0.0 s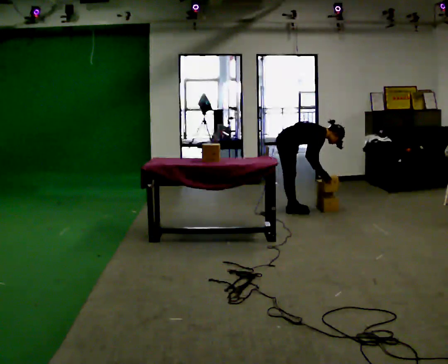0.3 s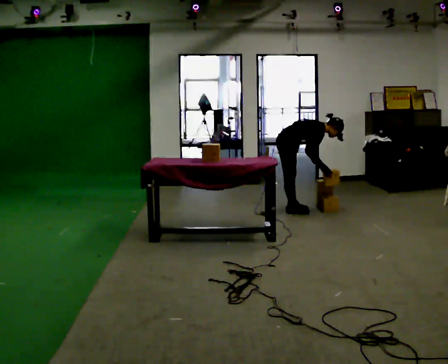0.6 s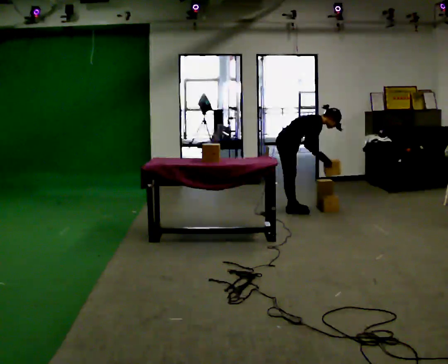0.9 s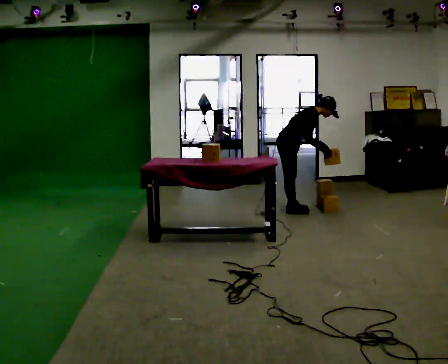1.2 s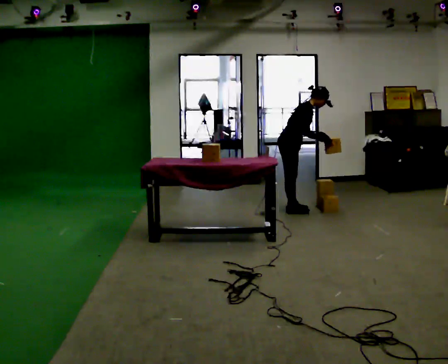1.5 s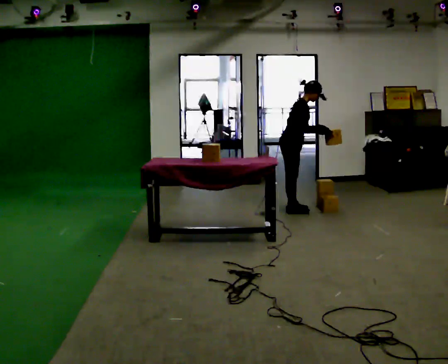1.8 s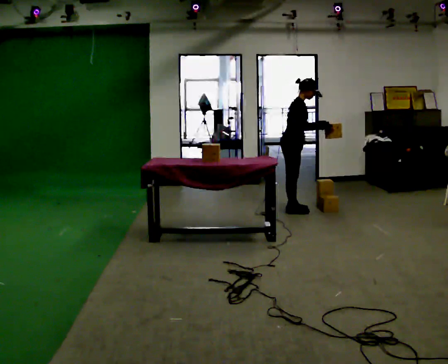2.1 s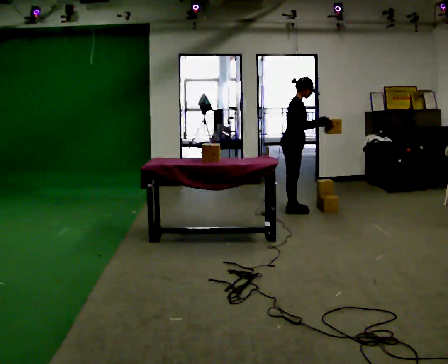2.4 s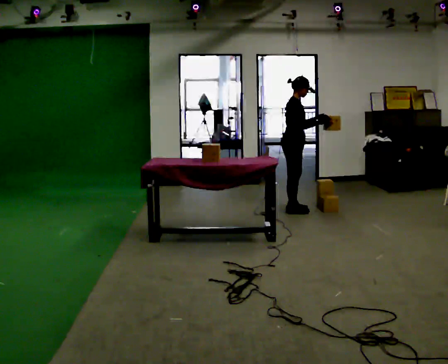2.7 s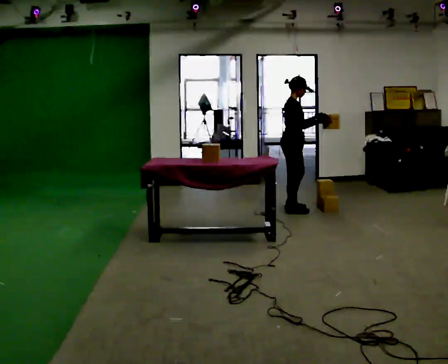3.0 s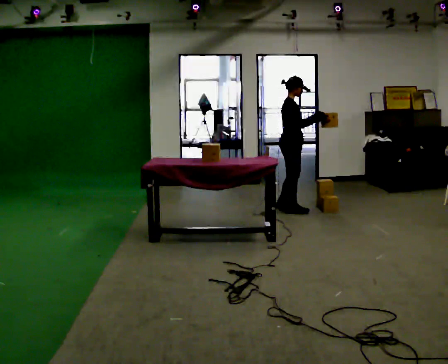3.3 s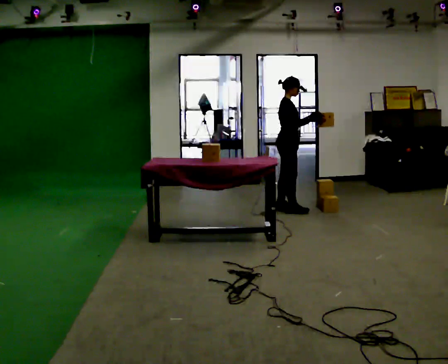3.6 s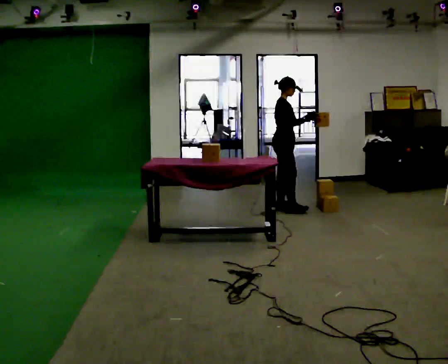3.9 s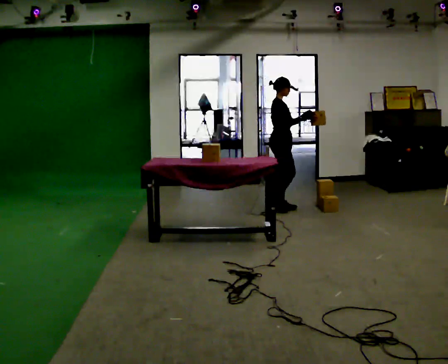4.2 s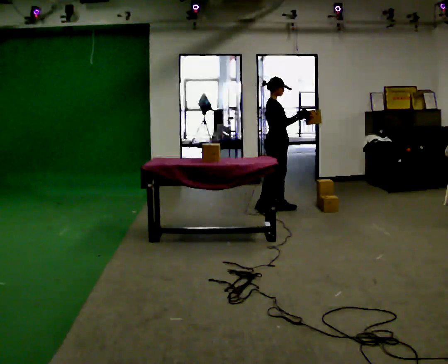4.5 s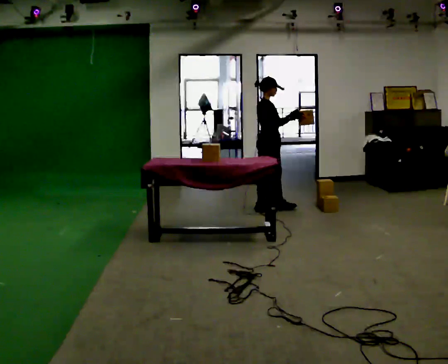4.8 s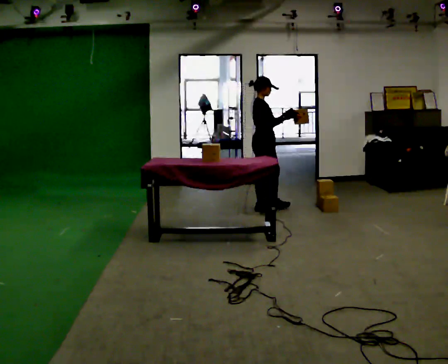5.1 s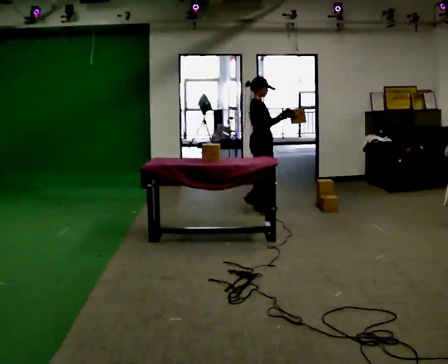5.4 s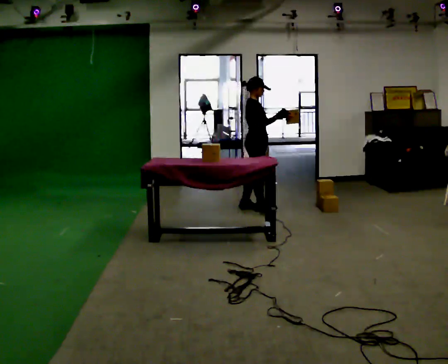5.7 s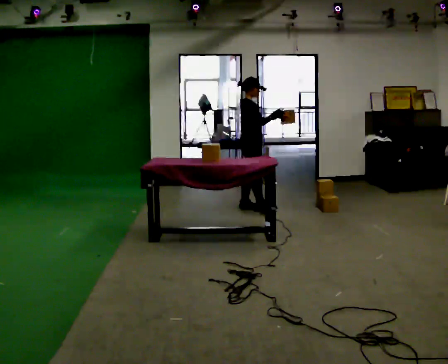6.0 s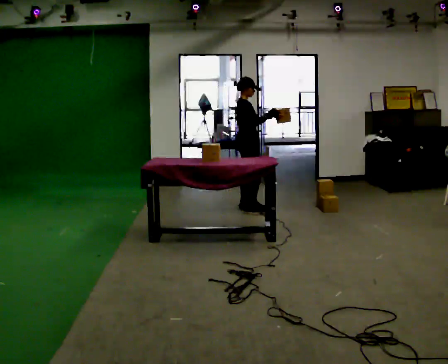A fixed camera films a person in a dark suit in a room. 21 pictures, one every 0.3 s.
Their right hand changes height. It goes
upward.
The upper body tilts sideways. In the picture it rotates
counterclockwise.
0.0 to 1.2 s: The upper body goes upward. In the picture the upper body tilts counterclockwise, shoulders to the left, as they lean back or straighten. In the picture their left hand goes upward.
1.2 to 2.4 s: In the picture the upper body tilts counterclockwise, shoulders to the left, as they lean back or straighten.
2.4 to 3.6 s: The person moves a little, or ends about where they began.
3.6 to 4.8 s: In the picture they go to the left, about 0.25 m in 2 steps, which for them is backward.
4.8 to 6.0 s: In the picture they go to the left, about 0.25 m in 1 step, which for them is backward.
The film runs backward here.
